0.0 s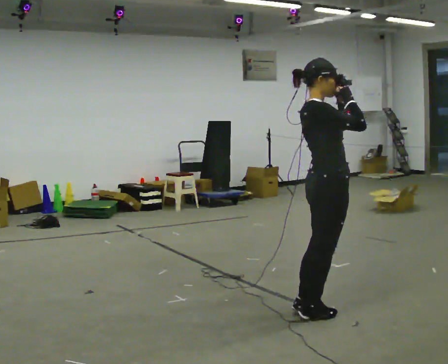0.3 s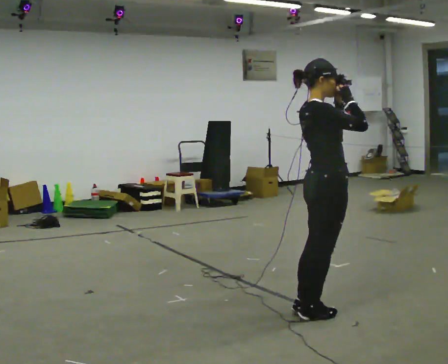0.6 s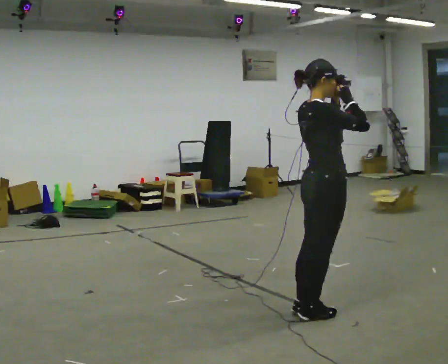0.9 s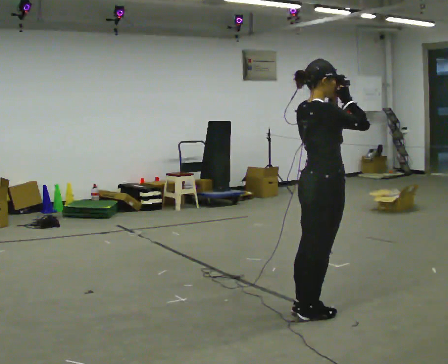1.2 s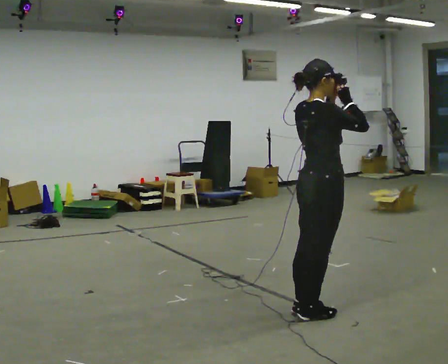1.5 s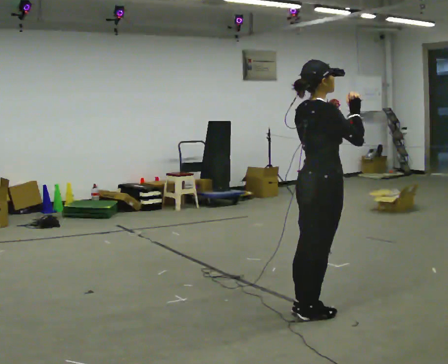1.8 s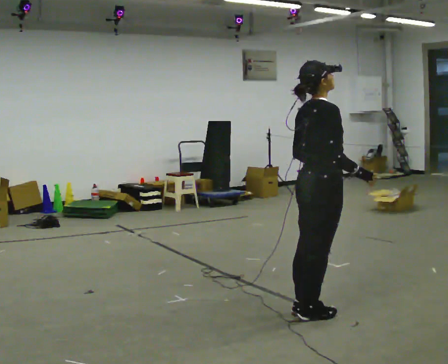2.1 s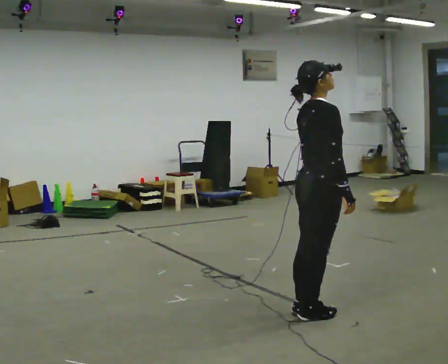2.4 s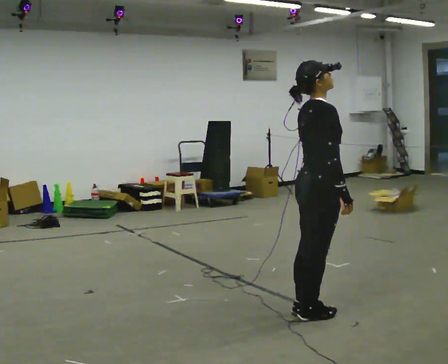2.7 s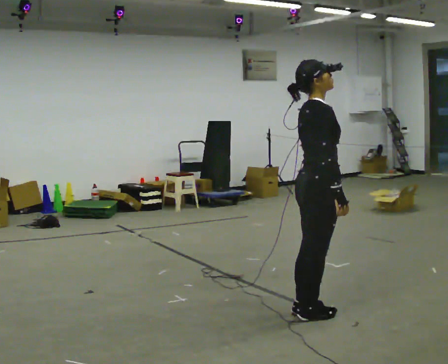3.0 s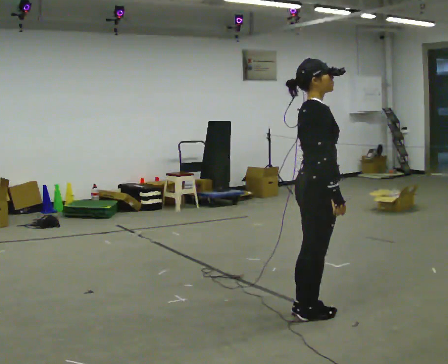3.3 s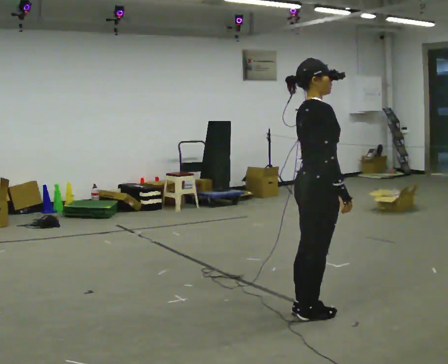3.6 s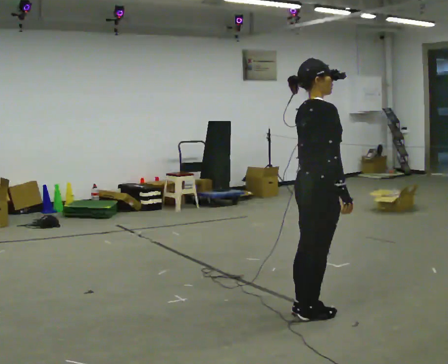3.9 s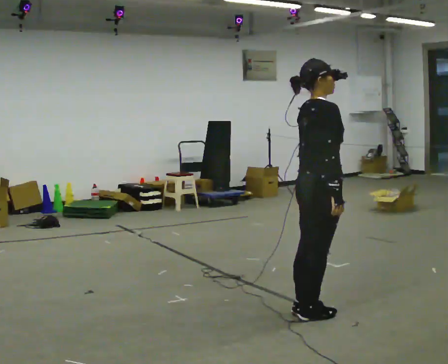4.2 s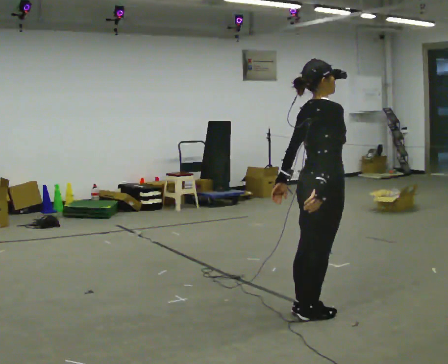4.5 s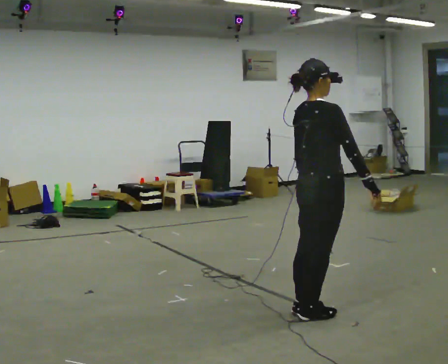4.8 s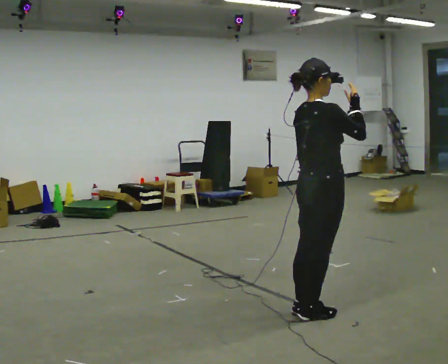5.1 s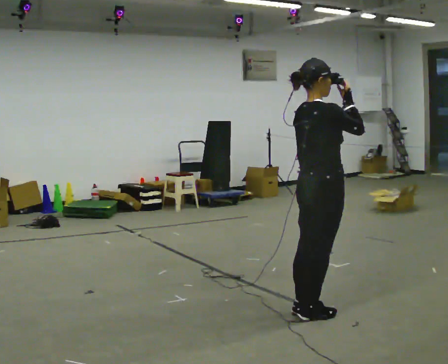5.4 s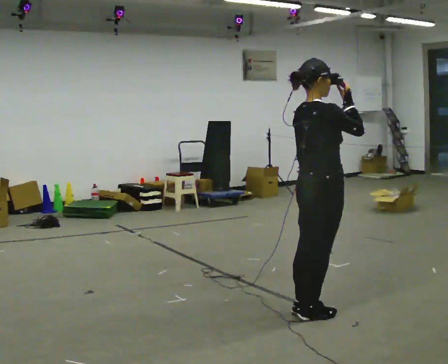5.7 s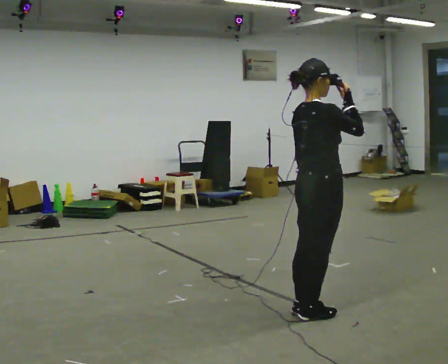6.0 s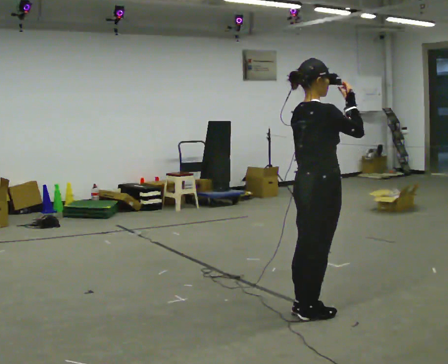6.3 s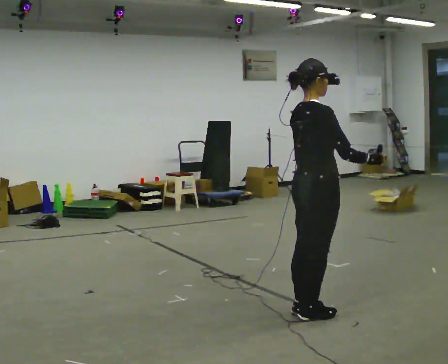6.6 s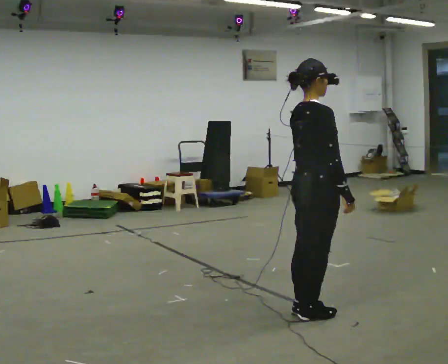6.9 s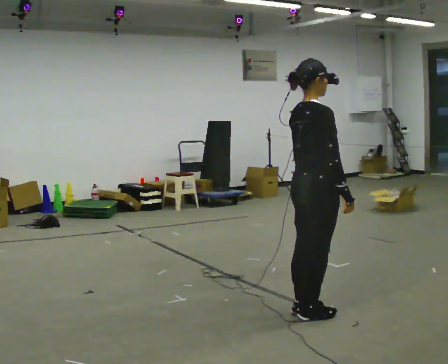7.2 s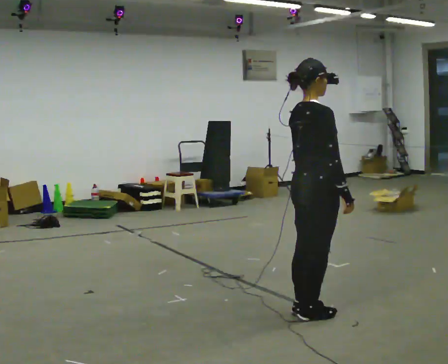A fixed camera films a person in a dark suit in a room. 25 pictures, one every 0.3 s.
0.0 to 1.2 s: The person moves a little, or ends about where they began.
1.2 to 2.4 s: In the picture their right hand goes downward.
2.4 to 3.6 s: The person moves a little, or ends about where they began.
3.6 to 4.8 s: In the picture their right hand goes upward.
4.8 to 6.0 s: The person moves a little, or ends about where they began.
6.0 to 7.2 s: In the picture their right hand goes downward.
The film runs backward here.
